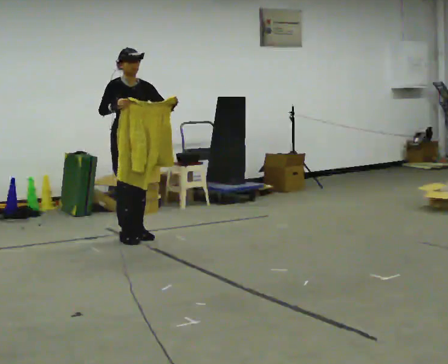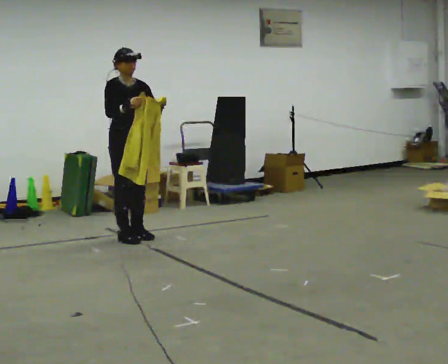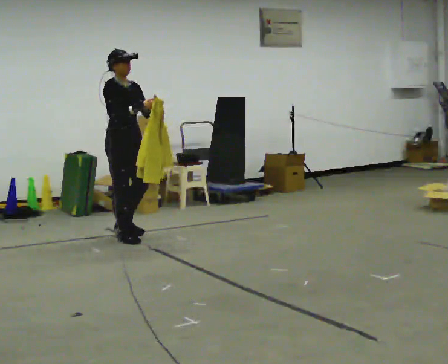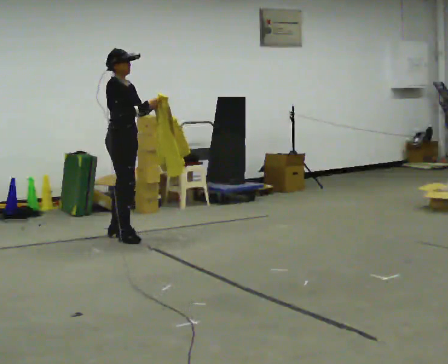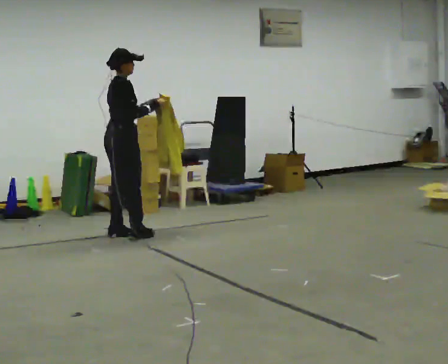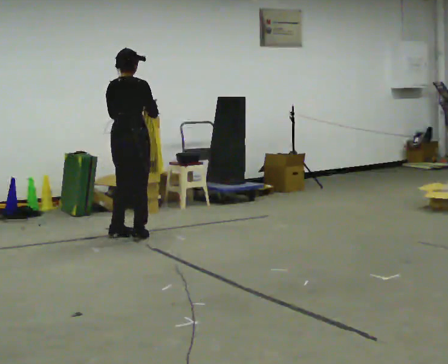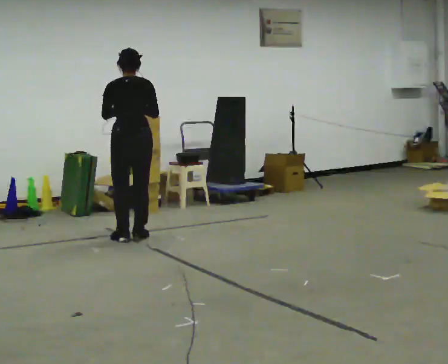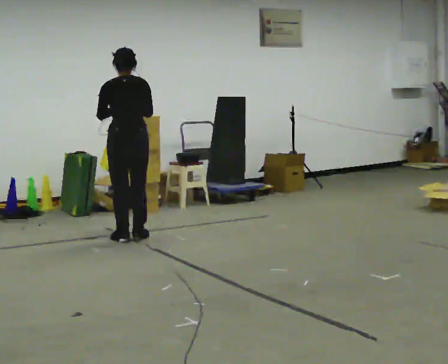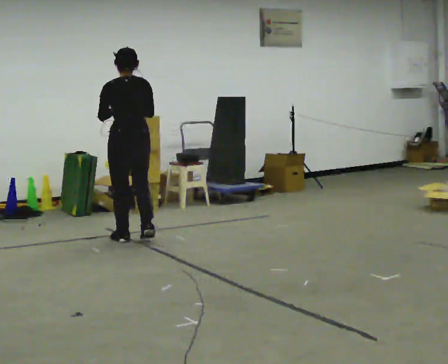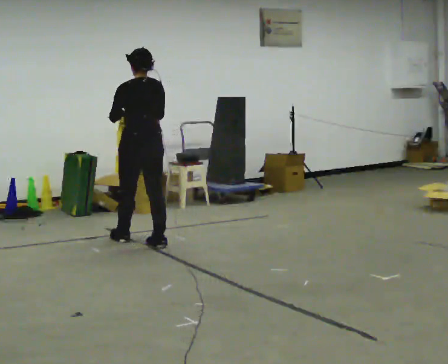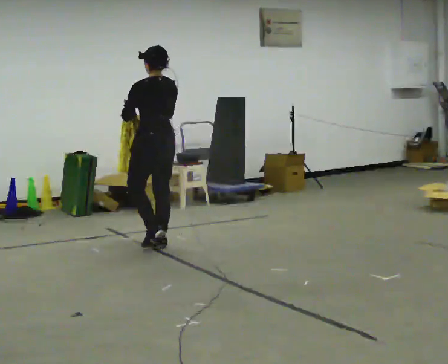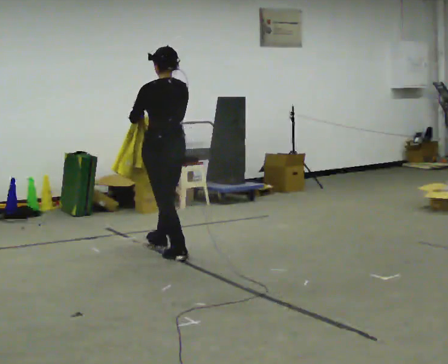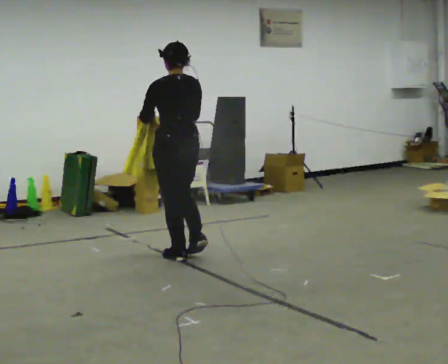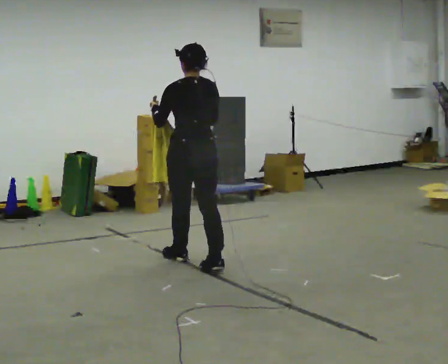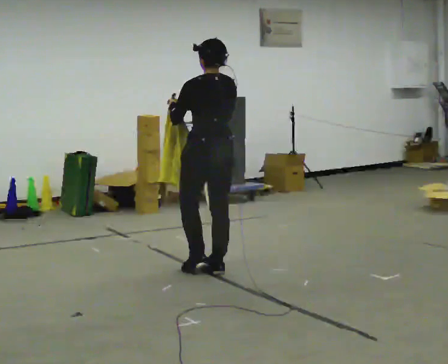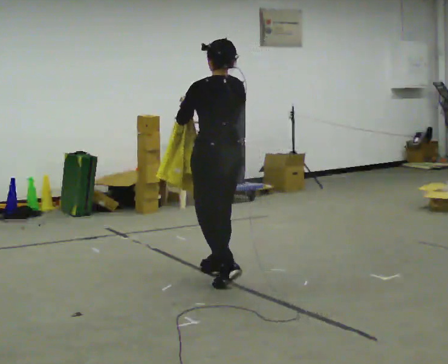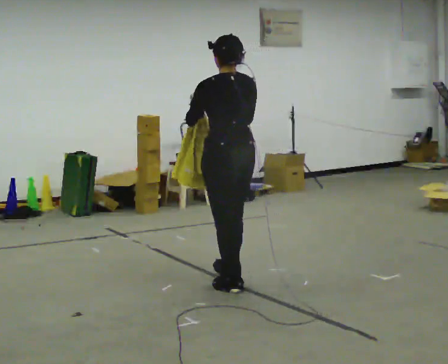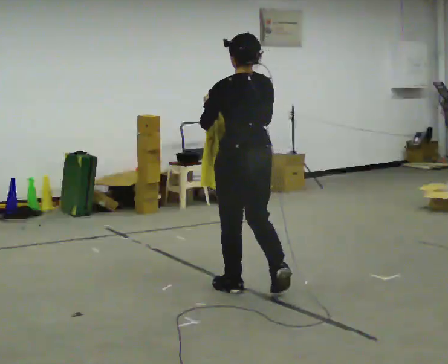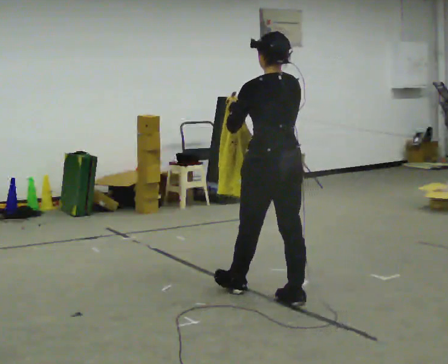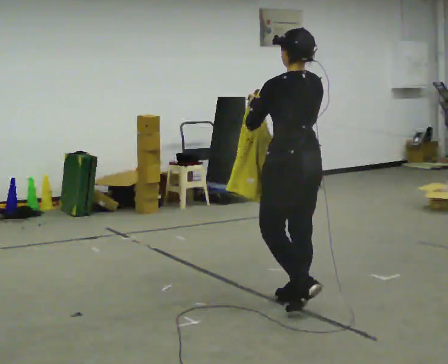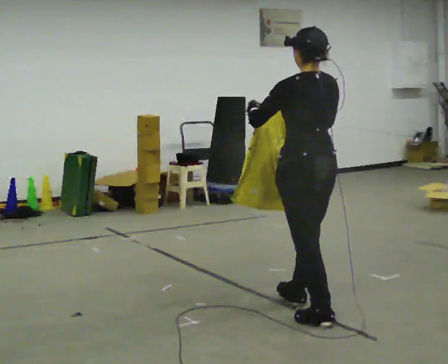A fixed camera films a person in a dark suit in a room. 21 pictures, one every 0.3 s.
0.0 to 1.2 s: The part of the body nearest the lens slides to the right as the person turns to their left by about 75 degrees.
1.2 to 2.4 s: Seen from above the body turns counterclockwise, about 90 degrees: to their left, with its near side sliding to the right. In the picture they go toward the camera, about 0.25 m in 2 steps.
2.4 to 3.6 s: In the picture they go toward the camera and to the right, about 0.5 m in 2 steps, which for them is backward.
3.6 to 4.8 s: In the picture they go toward the camera and to the right, about 1 m in 2 steps, which for them is backward.
4.8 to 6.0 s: In the picture they go toward the camera and to the right, about 1 m in 1 step, which for them is backward.
The film runs backward here.
